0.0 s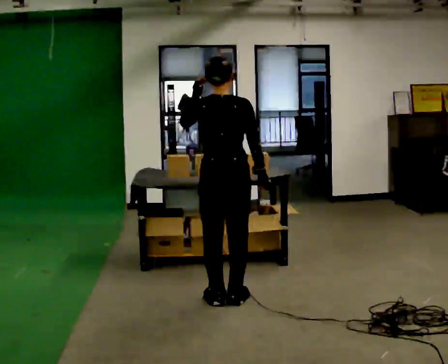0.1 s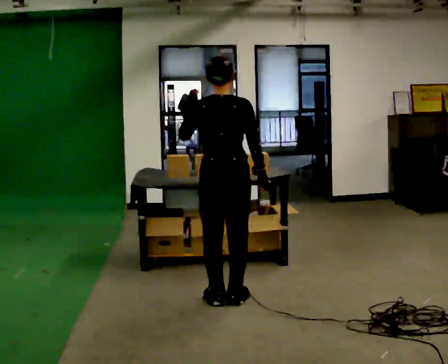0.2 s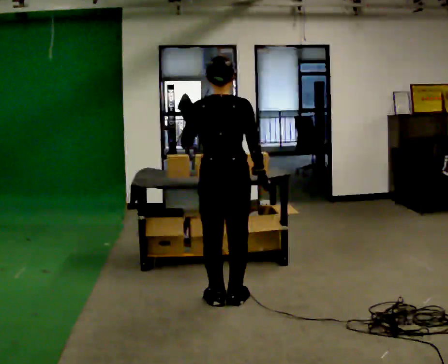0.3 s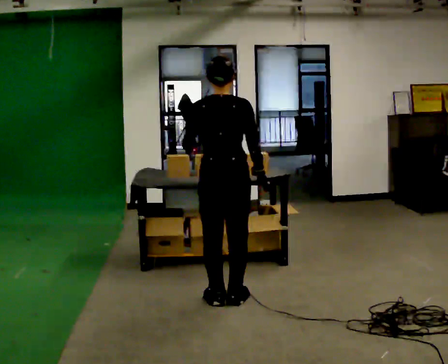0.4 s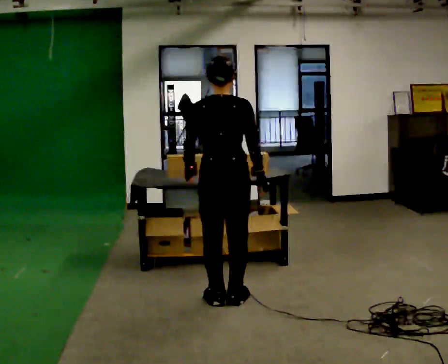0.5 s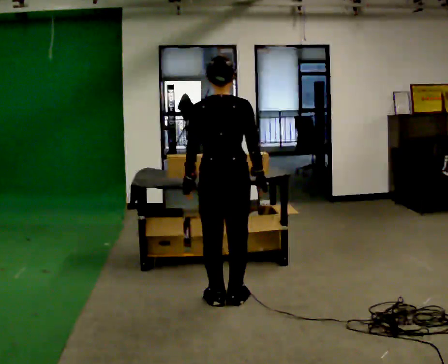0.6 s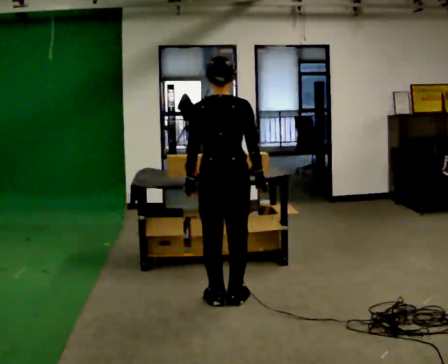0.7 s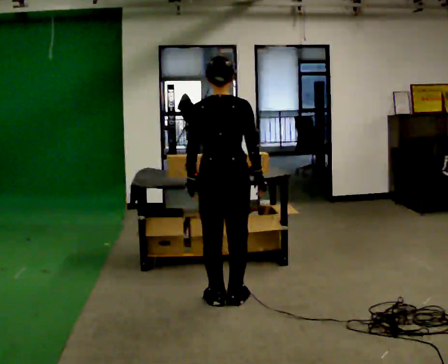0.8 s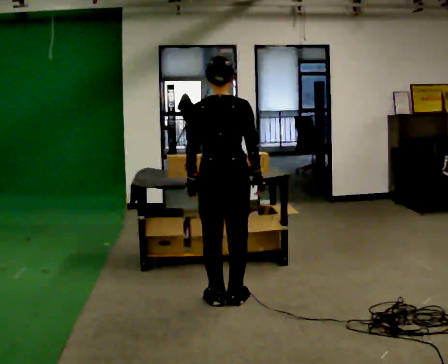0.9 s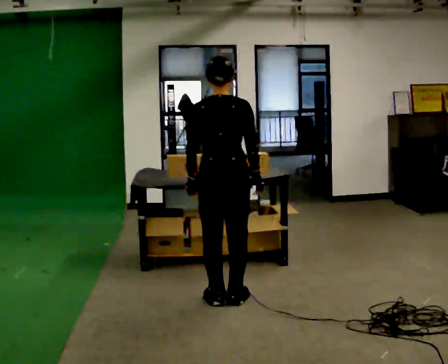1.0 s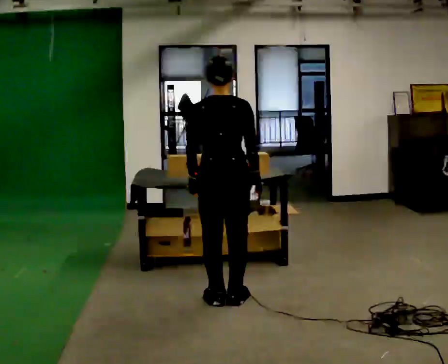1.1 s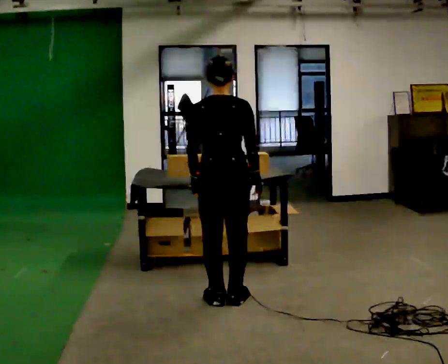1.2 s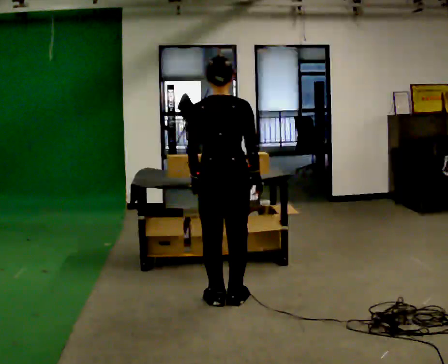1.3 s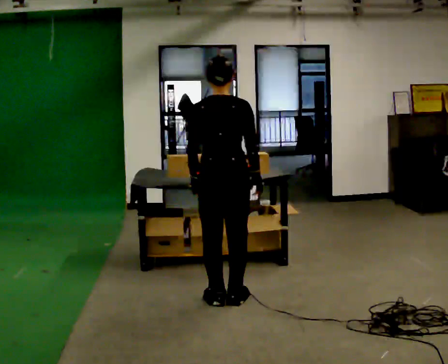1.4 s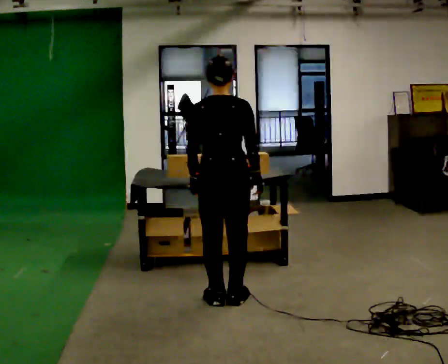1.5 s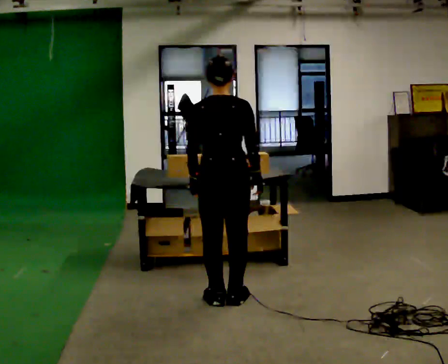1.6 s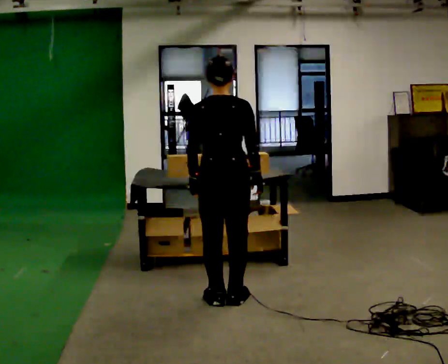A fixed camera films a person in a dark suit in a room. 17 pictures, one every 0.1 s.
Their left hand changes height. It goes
downward.
0.0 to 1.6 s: In the picture their left hand goes downward.
The film runs forward here.
